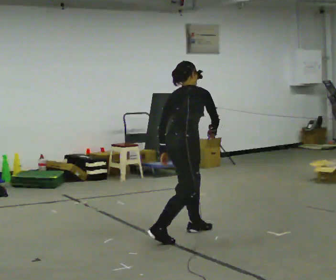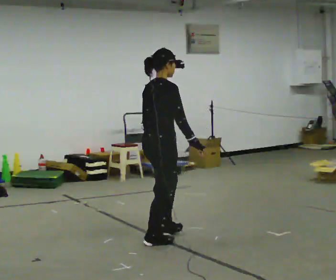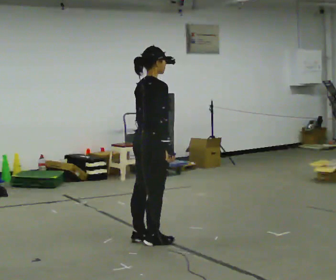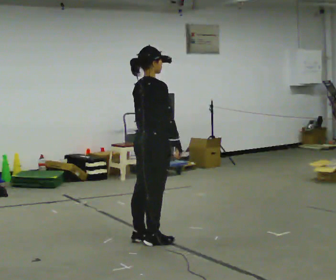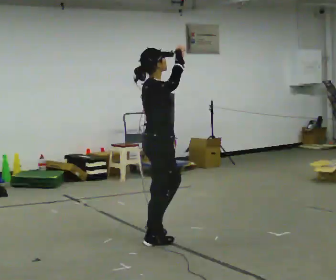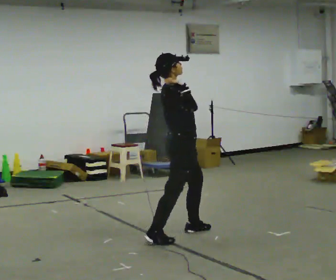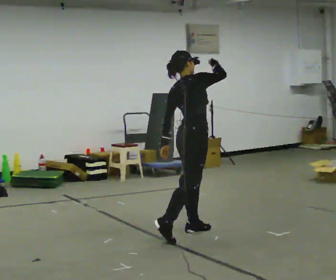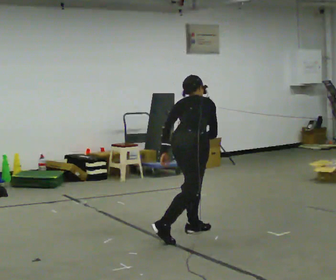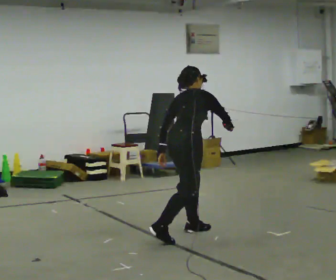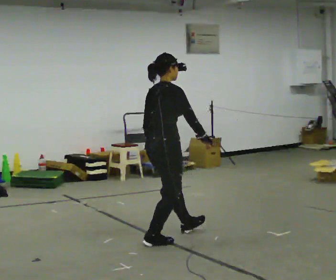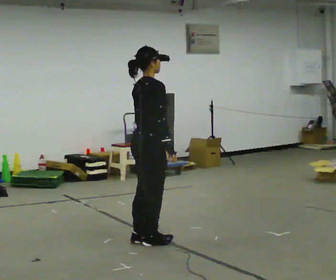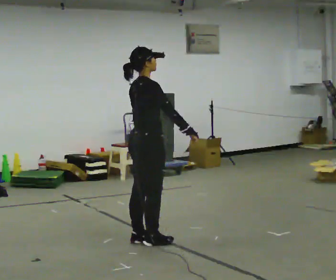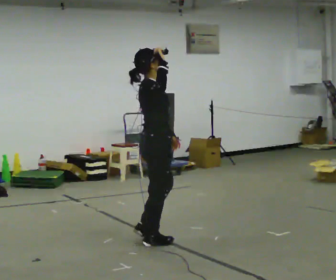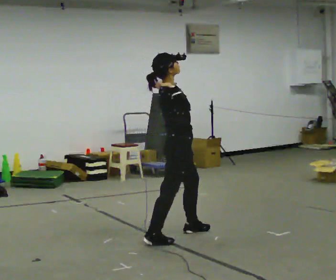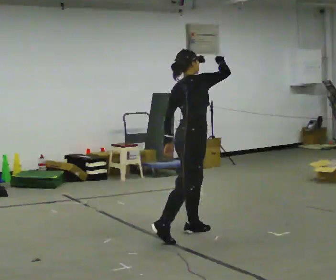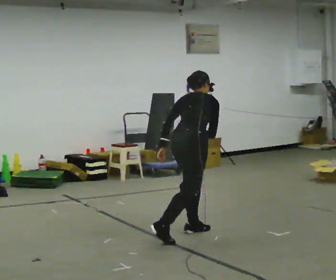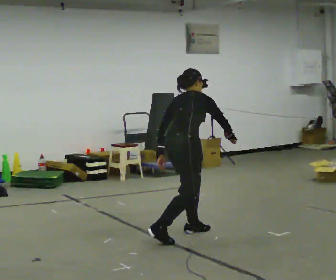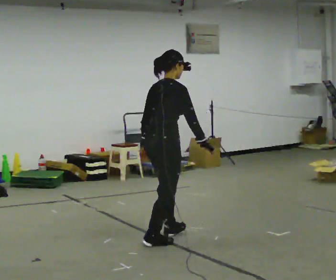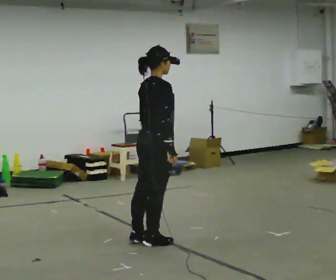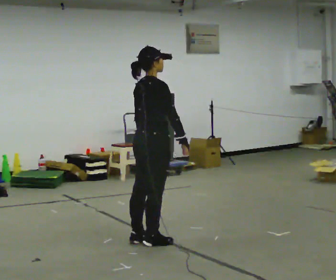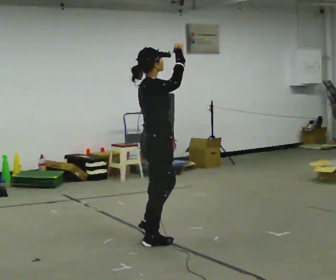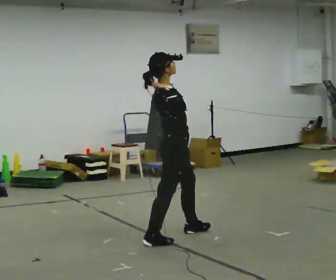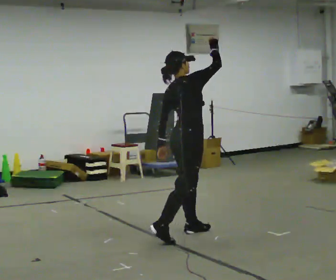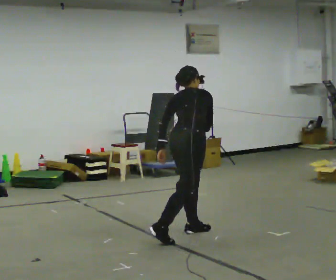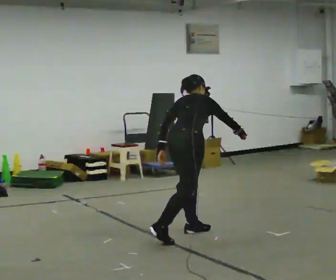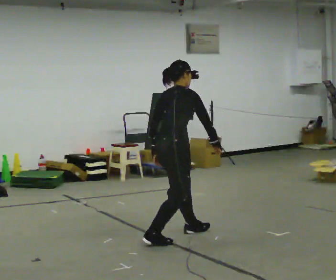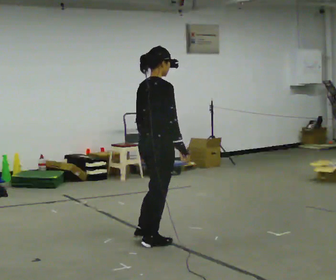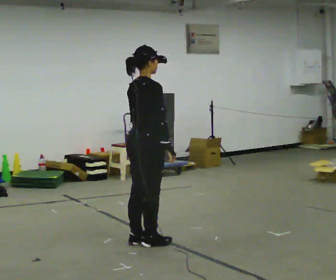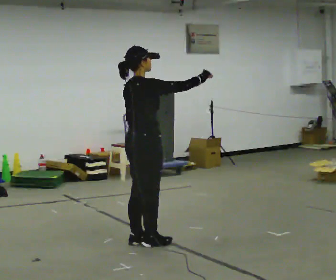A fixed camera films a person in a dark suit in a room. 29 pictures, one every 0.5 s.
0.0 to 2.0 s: In the picture they go to the left, about 0.25 m in 1 step, which for them is backward. The upper body tips toward the camera, its near side rolling downward, as they lean back or straighten. In the picture their right hand goes upward and to the left.
2.0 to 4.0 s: The person turns about 30 degrees to their left, counterclockwise seen from above, so the part of the body nearest the lens slides to the right. In the picture they go to the right and away from the camera, about 0.25 m in 1 step, which for them is forward. In the picture their right hand goes downward.
4.0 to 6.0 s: The part of the body nearest the lens slides to the left as the person turns to their right by about 30 degrees. In the picture they go to the left and toward the camera, about 0.25 m in 1 step, which for them is backward. The upper body tips toward the camera, its near side rolling downward, as they lean back or straighten. In the picture their right hand goes upward.
6.0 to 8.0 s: The part of the body nearest the lens slides to the right as the person turns to their left by about 30 degrees. In the picture they go to the right, about 0.25 m in 1 step, which for them is forward. In the picture their right hand goes downward and to the right.
8.0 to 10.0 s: The person turns about 30 degrees to their right, clockwise seen from above, so the part of the body nearest the lens slides to the left. In the picture they go to the left, about 0.25 m in 1 step, which for them is backward. The upper body tips toward the camera, its near side rolling downward, as they lean back or straighten. In the picture their right hand goes upward and to the left.
10.0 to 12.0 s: Seen from above the body turns counterclockwise, about 30 degrees: to their left, with its near side sliding to the right. In the picture they go to the right and away from the camera, about 0.25 m in 1 step, which for them is forward. The upper body tips away from the camera, its near side rolling upward, as they bend forward. In the picture their right hand goes downward.
12.0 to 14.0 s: In the picture they go to the left and toward the camera, about 0.5 m in 1 step, which for them is backward. The upper body goes upward. The upper body tips toward the camera, its near side rolling downward, as they lean back or straighten.
The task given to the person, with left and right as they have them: Mime tennis groundstrokes with no racket, alternating forehand and backhand. Repeat the movement at your own pace until the operator says stop; do not rush.
The film runs forward here.
